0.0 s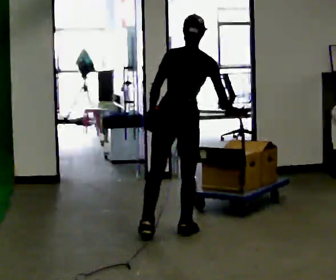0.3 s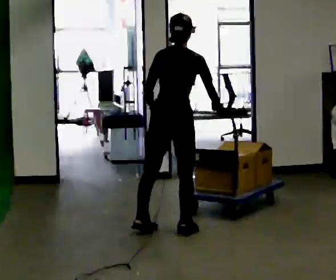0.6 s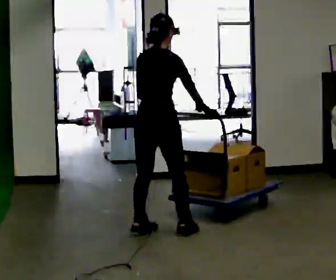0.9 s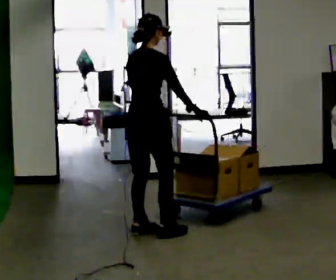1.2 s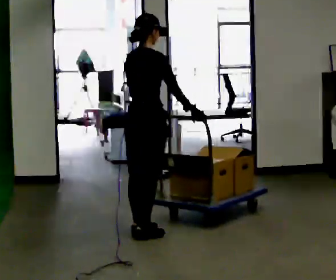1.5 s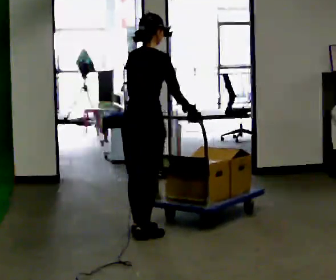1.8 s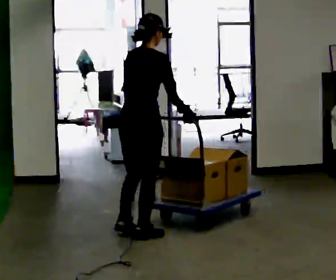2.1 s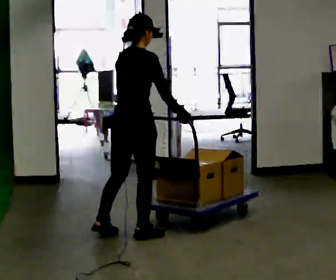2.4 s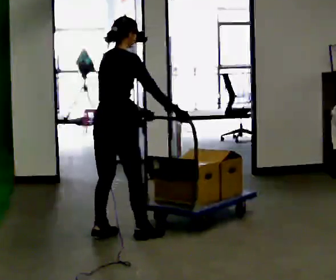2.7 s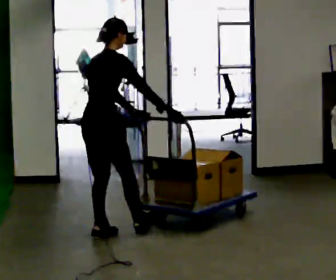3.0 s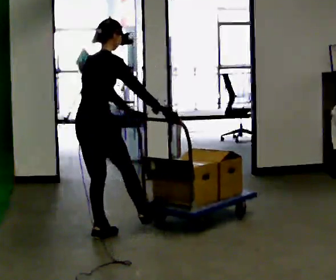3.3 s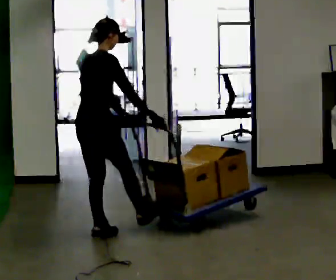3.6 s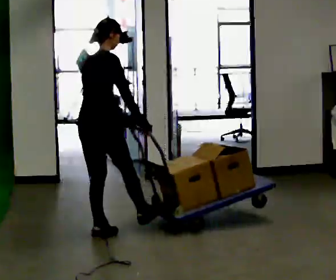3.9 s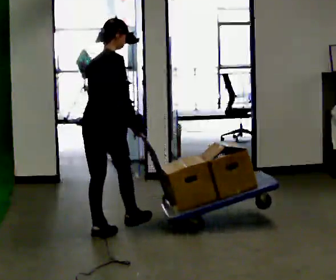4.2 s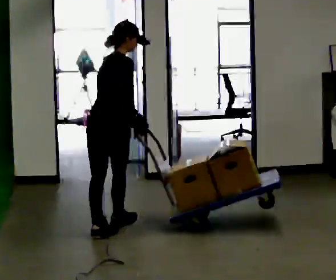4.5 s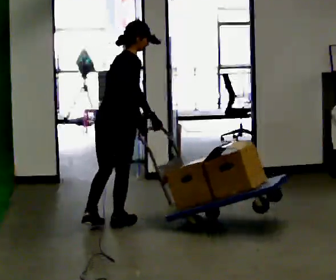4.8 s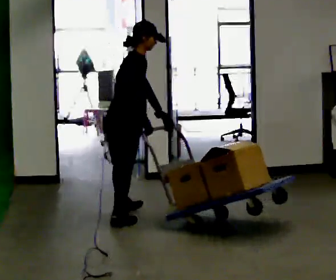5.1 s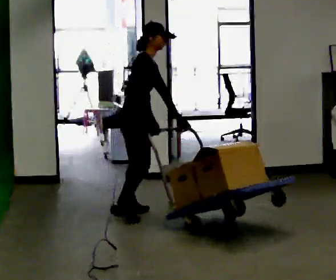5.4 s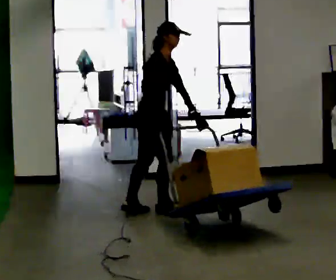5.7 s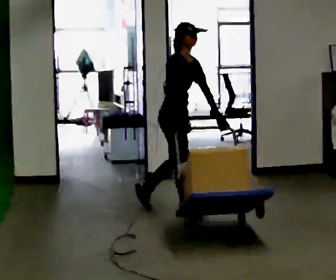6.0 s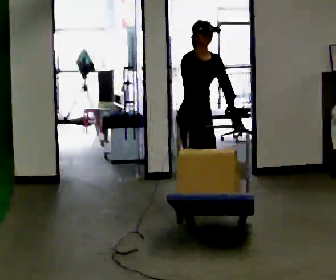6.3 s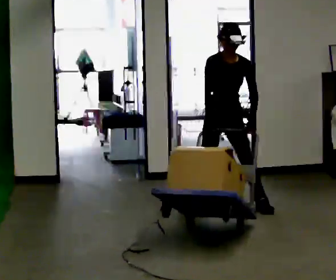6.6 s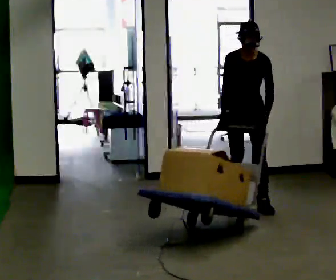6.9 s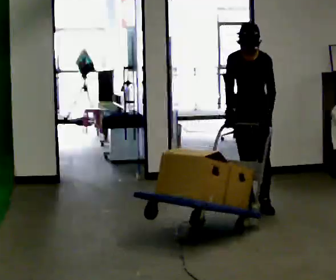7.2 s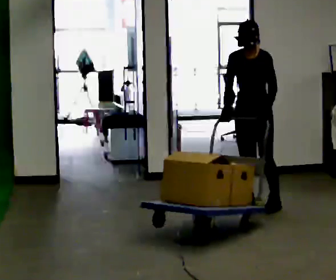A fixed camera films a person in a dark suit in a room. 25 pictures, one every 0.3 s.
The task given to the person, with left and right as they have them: Stand still with your hands on the cart. When the operator says go, get it moving, push it a few metres, then bring it to a stop. Repeat until the operator says stop.
0.0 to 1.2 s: The person turns about 45 degrees to their right, clockwise seen from above, so the part of the body nearest the lens slides to the left. In the picture they go to the left, about 0.25 m in 2 steps, which for them is to their left. In the picture the upper body tilts counterclockwise, shoulders to the left.
1.2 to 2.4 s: In the picture they go to the left, about 0.25 m in 1 step, which for them is backward and to their left.
2.4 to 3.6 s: The person moves a little, or ends about where they began.
3.6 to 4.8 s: In the picture they go away from the camera and to the right, about 0.5 m in 1 step, which for them is forward and to their left.
4.8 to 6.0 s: Seen from above the body turns clockwise, about 75 degrees: to their right, with its near side sliding to the left. In the picture they go to the right and away from the camera, about 0.75 m in 2 steps. The upper body tips toward the camera, its near side rolling downward.
6.0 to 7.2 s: The part of the body nearest the lens slides to the left as the person turns to their right by about 60 degrees. In the picture they go to the right, about 0.5 m in 2 steps. In the picture the upper body tilts counterclockwise, shoulders to the left.
The film runs forward here.
